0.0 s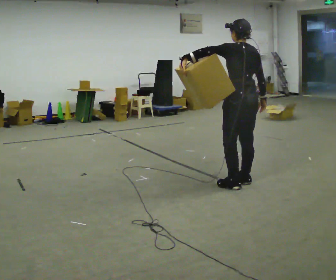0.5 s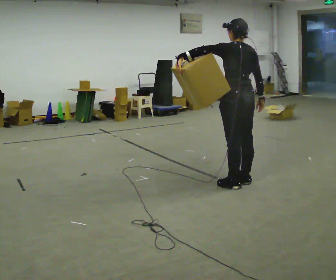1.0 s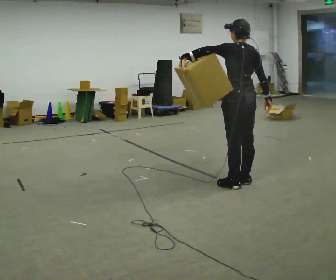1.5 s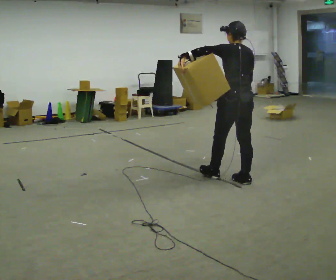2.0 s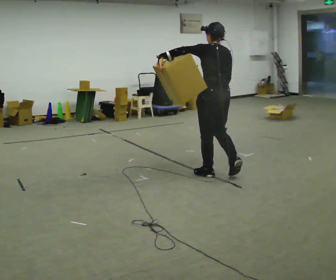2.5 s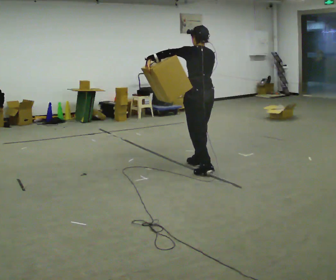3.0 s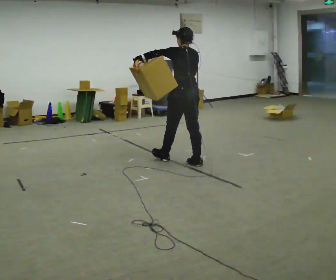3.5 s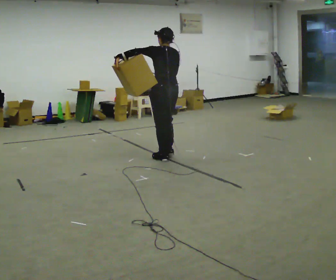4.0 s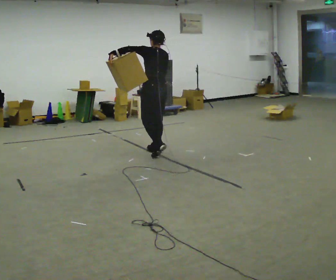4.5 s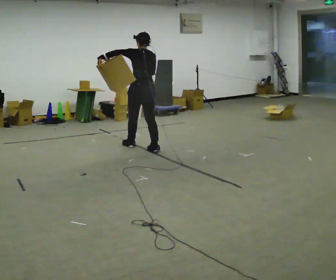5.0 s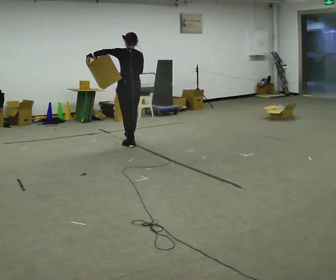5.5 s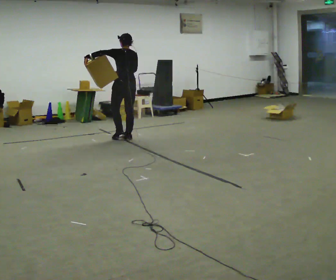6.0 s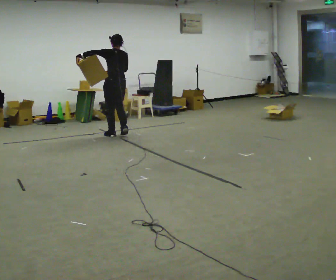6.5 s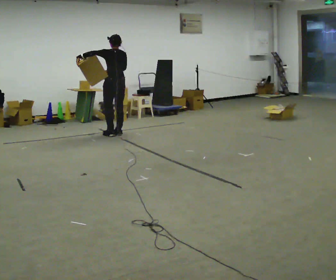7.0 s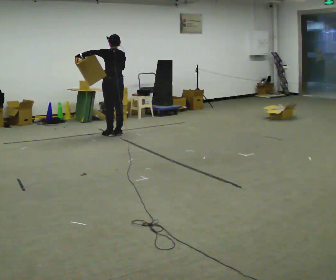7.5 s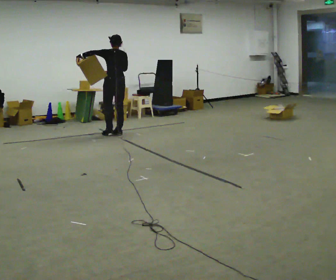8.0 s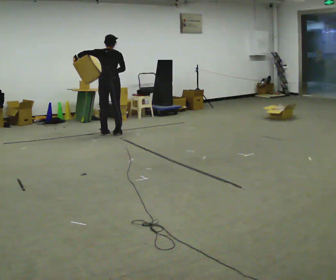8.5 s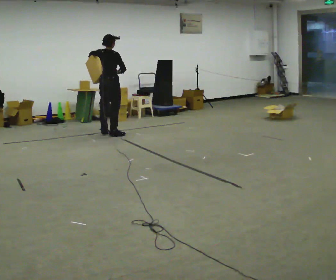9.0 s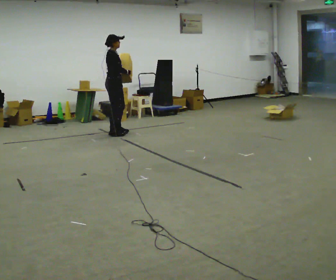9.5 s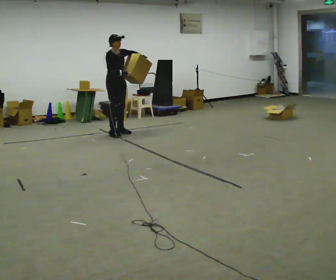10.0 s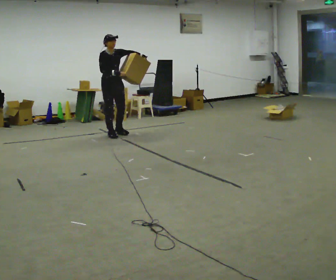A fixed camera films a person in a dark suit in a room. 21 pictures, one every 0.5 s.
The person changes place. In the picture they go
away from the camera.
0.0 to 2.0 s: In the picture they go away from the camera and to the left, about 0.5 m in 1 step, which for them is forward.
2.0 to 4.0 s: In the picture they go away from the camera and to the left, about 1 m in 3 steps, which for them is forward.
4.0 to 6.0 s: In the picture they go away from the camera and to the left, about 1 m in 3 steps, which for them is forward.
6.0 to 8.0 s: The part of the body nearest the lens slides to the left as the person turns to their right by about 30 degrees. In the picture they go away from the camera, about 0.25 m in 2 steps, which for them is forward.
8.0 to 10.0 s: Seen from above the body turns clockwise, about 135 degrees: to their right, with its near side sliding to the left. In the picture their left hand goes to the right.
The film runs forward here.
